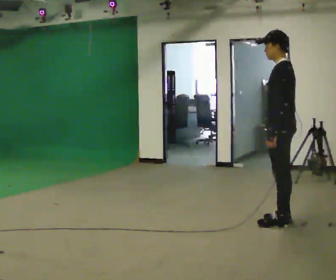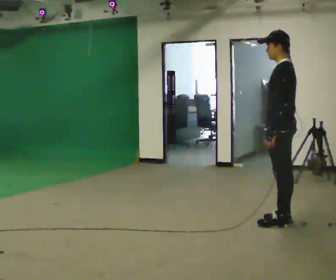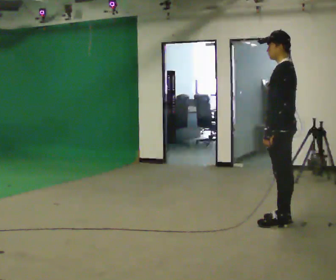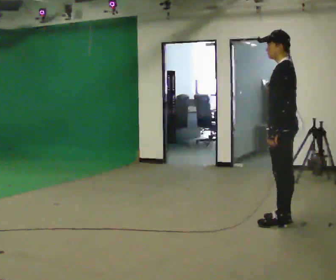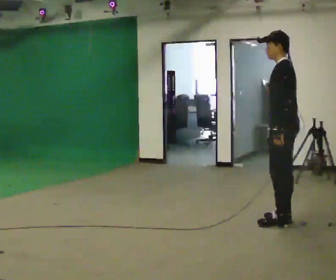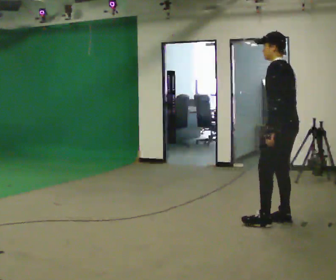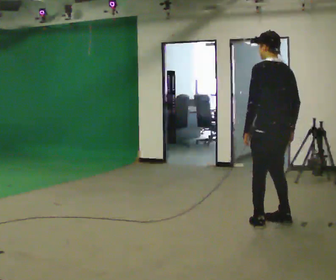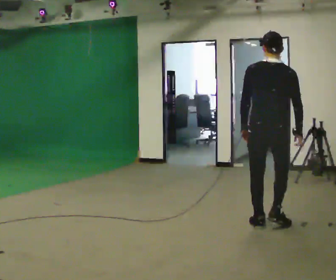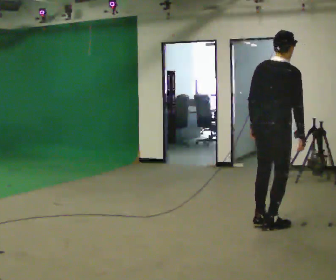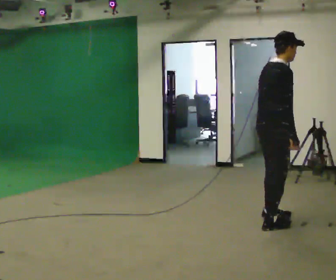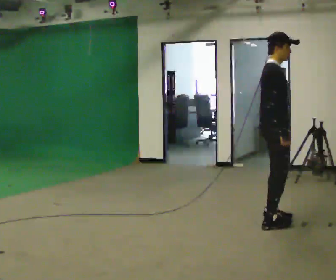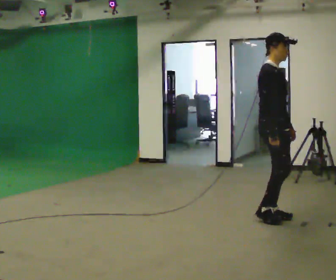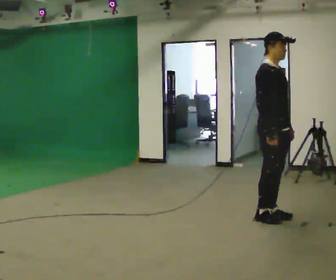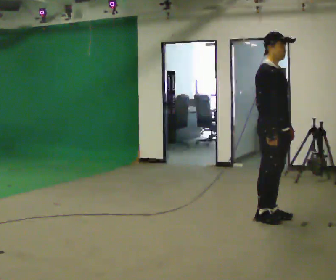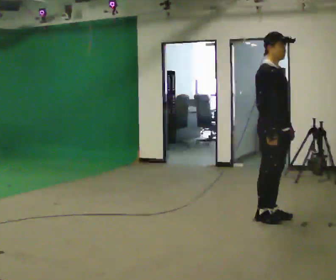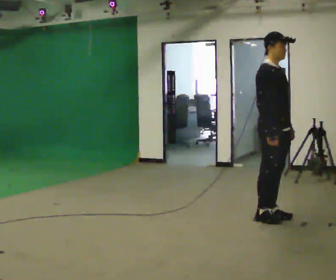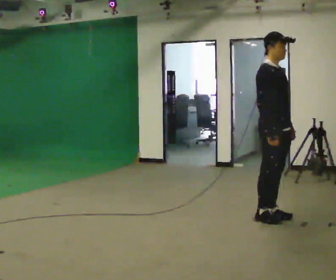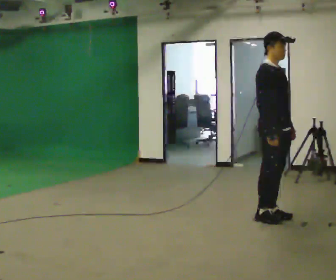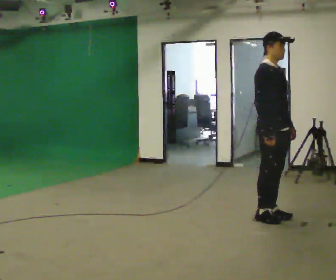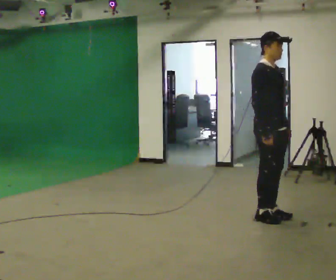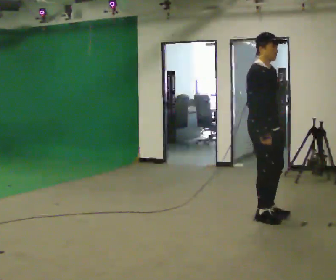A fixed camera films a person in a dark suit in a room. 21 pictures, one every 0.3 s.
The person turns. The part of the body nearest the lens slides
to the left.
The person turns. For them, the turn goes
to their right.
0.0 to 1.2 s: The person moves a little, or ends about where they began.
1.2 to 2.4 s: The person turns about 120 degrees to their right, clockwise seen from above, so the part of the body nearest the lens slides to the left. In the picture they go to the left, about 0.25 m in 3 steps. In the picture the upper body tilts clockwise, shoulders to the right.
2.4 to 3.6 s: Seen from above the body turns clockwise, about 75 degrees: to their right, with its near side sliding to the left. In the picture they go away from the camera, about 0.25 m in 1 step.
3.6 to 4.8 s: The person keeps their place and pose.
4.8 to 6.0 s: The person moves a little, or ends about where they began.
The film runs backward here.
